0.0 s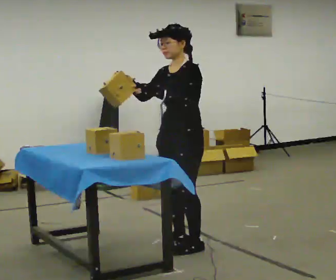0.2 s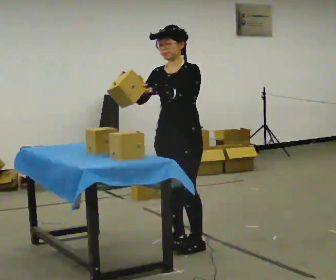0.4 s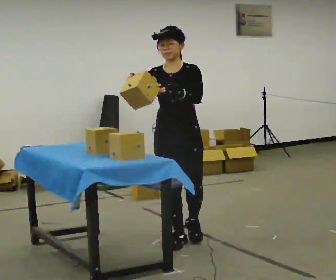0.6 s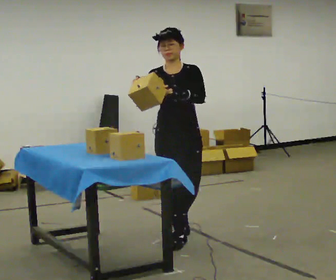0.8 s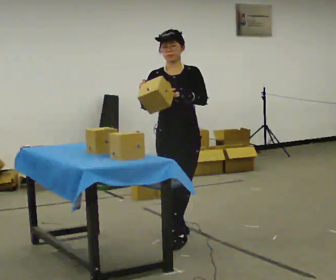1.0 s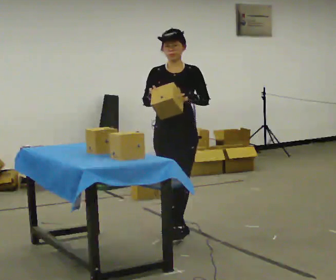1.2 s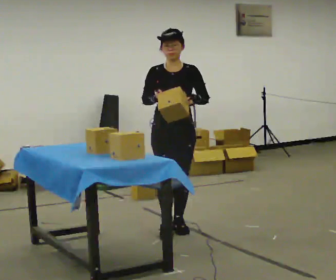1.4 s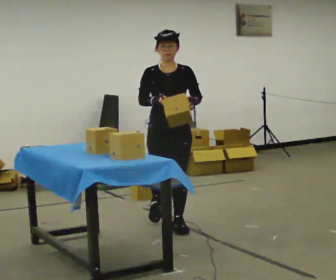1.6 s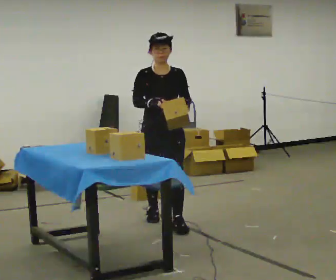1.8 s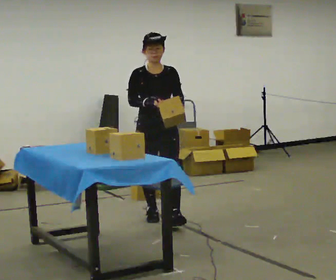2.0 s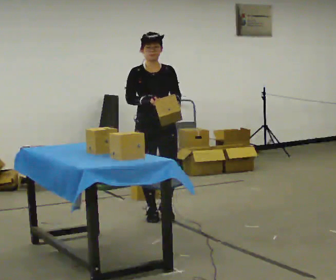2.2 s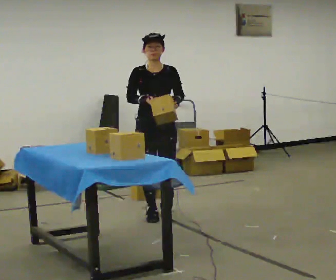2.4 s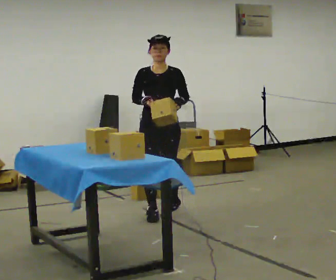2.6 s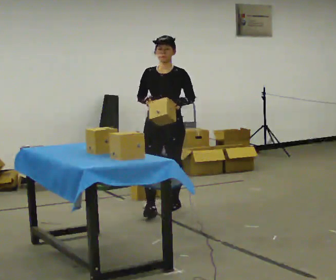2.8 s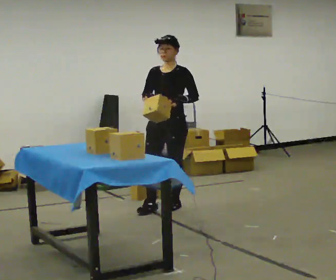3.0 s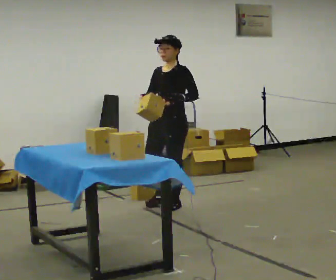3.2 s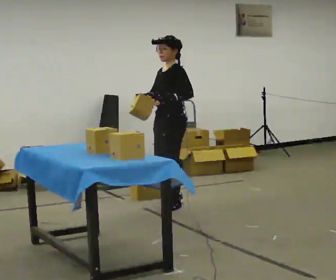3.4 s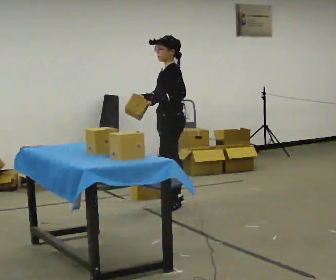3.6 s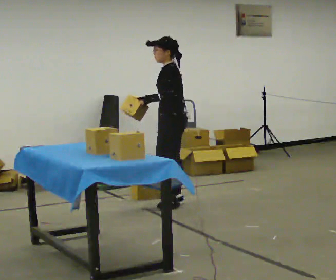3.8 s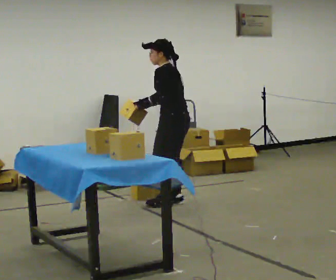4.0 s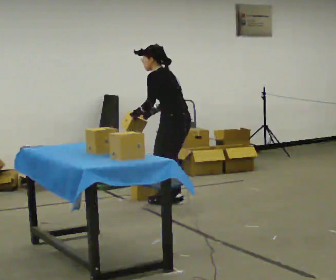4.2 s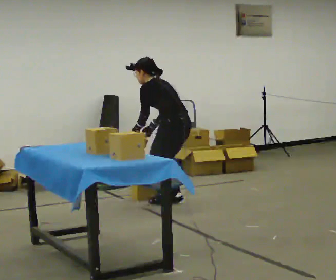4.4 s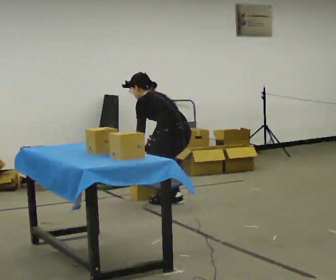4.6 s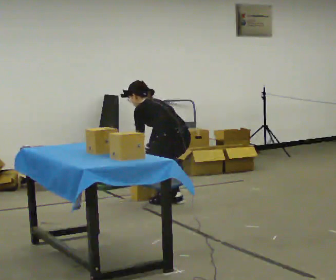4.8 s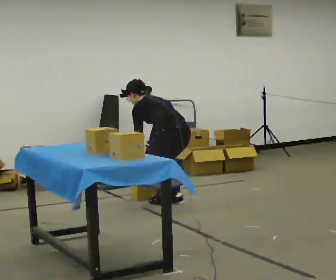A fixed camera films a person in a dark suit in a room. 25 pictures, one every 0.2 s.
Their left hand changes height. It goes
downward.
Their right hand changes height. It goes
downward.
0.0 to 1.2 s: Seen from above the body turns counterclockwise, about 45 degrees: to their left, with its near side sliding to the right. In the picture they go away from the camera, about 0.5 m in 2 steps, which for them is backward.
1.2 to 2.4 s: In the picture they go away from the camera, about 0.5 m in 1 step, which for them is backward.
2.4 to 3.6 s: The person turns about 105 degrees to their right, clockwise seen from above, so the part of the body nearest the lens slides to the left. In the picture they go away from the camera, about 0.5 m in 1 step.
3.6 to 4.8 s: The person turns about 30 degrees to their right, clockwise seen from above, so the part of the body nearest the lens slides to the left. The shoulders move downward. In the picture the upper body tilts counterclockwise, shoulders to the left, as they bend forward. In the picture their right hand goes downward.
The film runs backward here.
